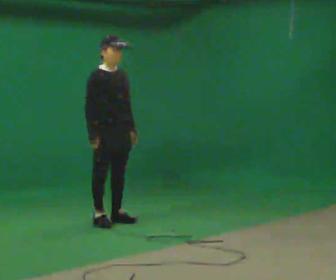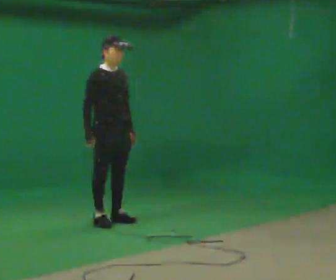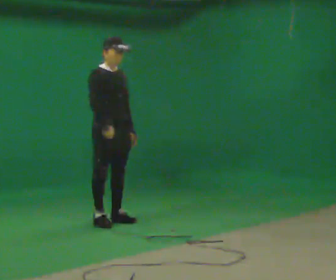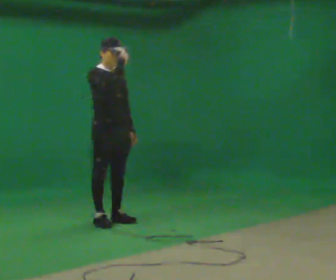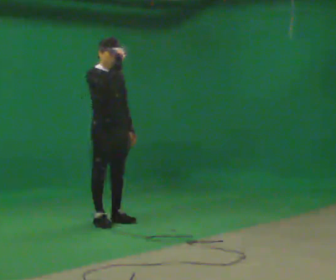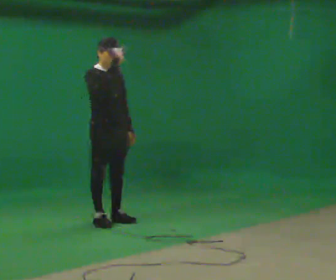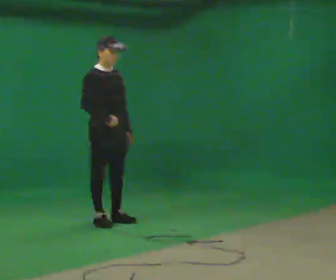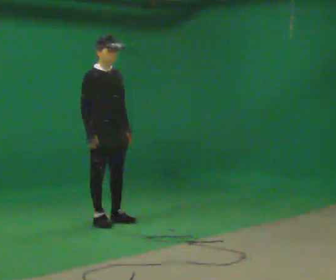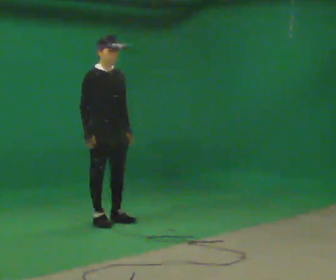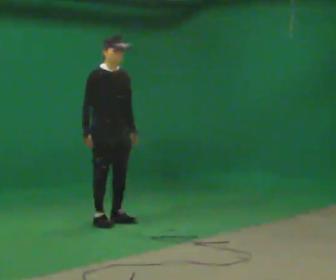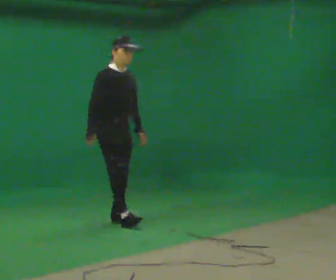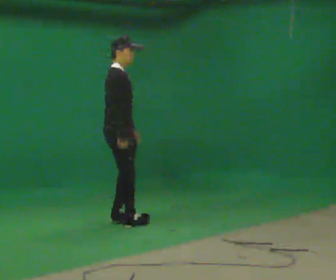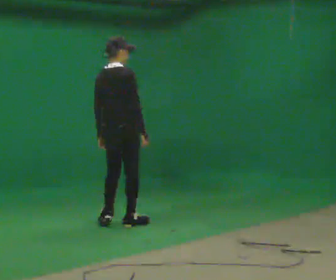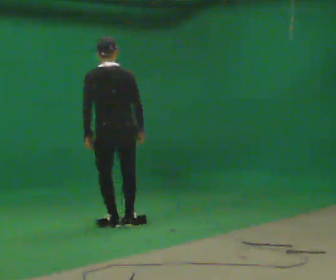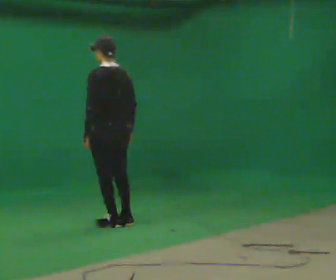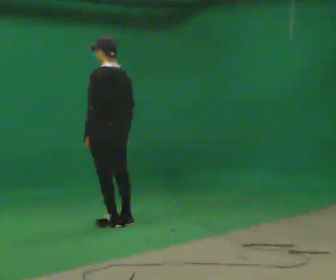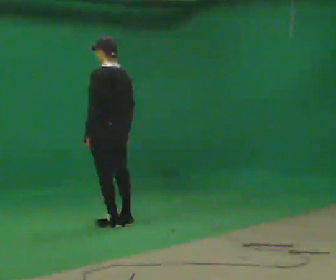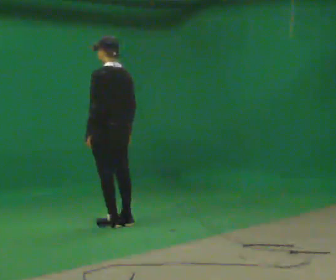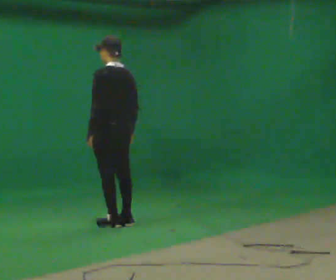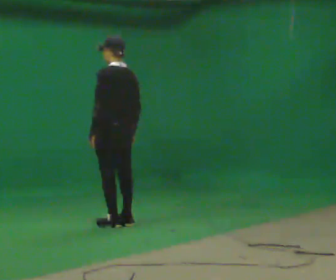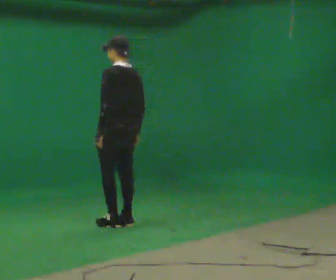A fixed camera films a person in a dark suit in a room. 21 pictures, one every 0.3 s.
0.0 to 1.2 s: In the picture their right hand goes upward.
1.2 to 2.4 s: In the picture their right hand goes downward.
2.4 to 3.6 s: The person turns about 90 degrees to their left, counterclockwise seen from above, so the part of the body nearest the lens slides to the right. In the picture they go to the right, about 0.25 m in 2 steps. In the picture their right hand goes to the right.
3.6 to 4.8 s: The part of the body nearest the lens slides to the right as the person turns to their left by about 90 degrees.
4.8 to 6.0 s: The person moves a little, or ends about where they began.
The film runs backward here.
